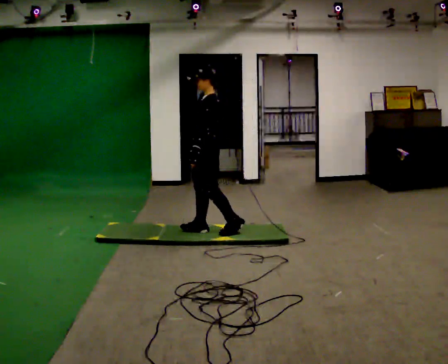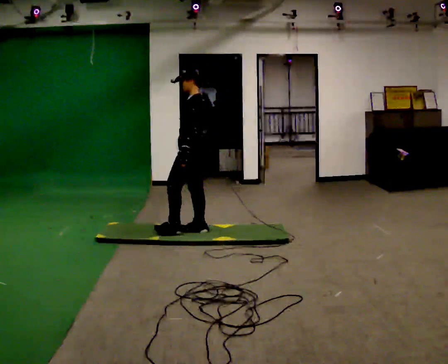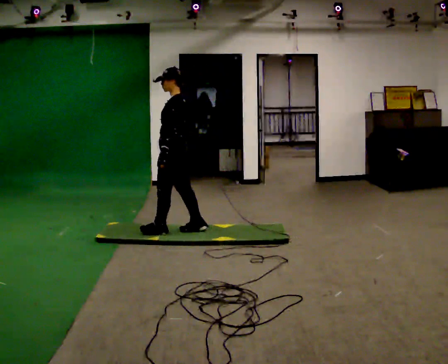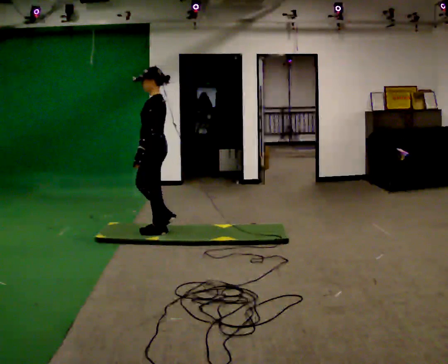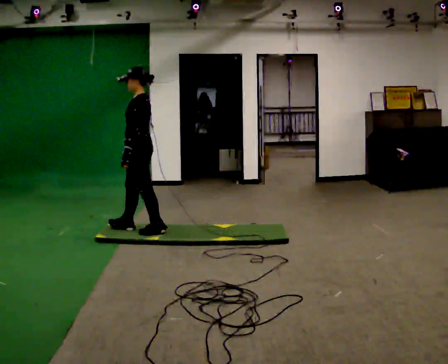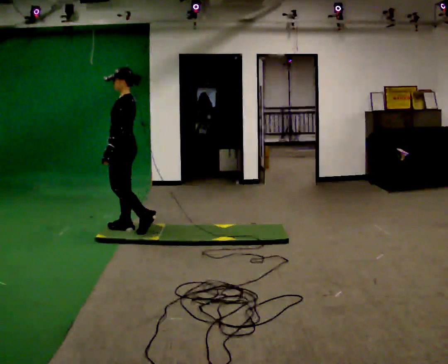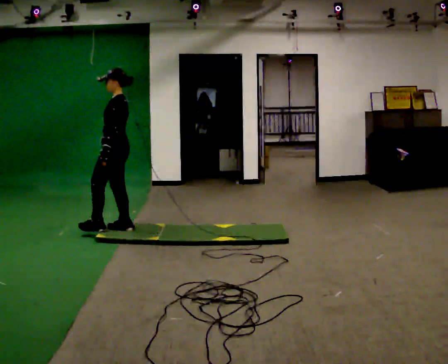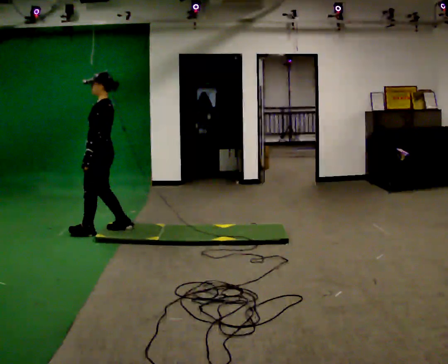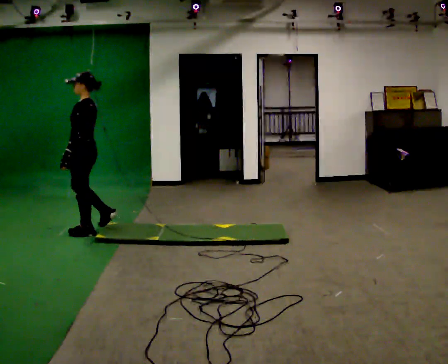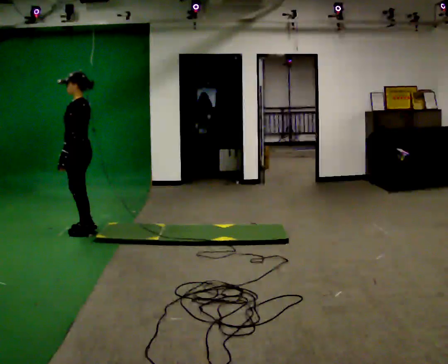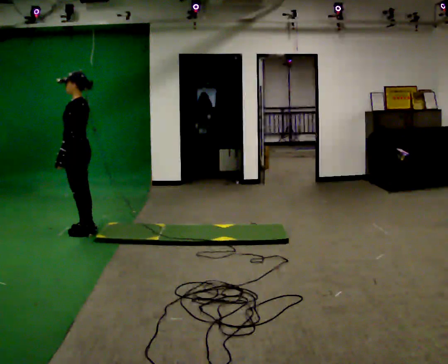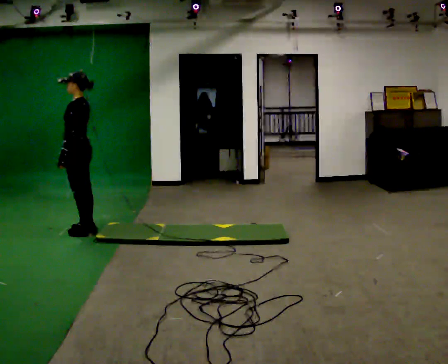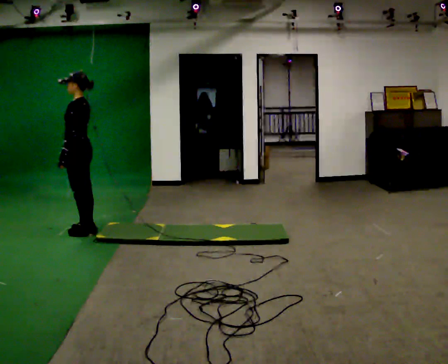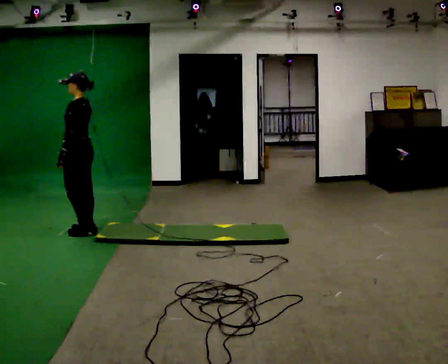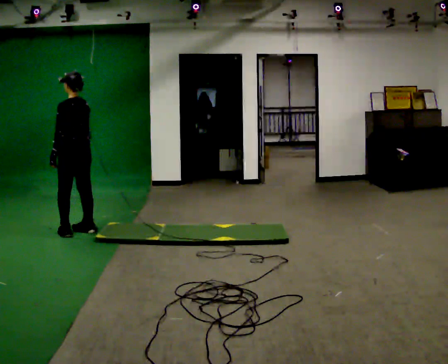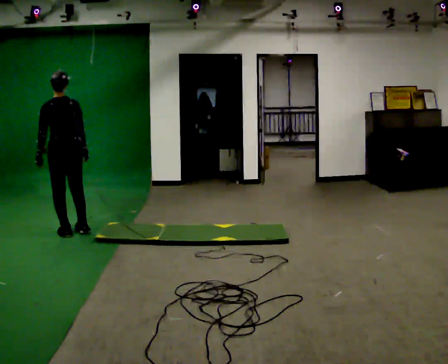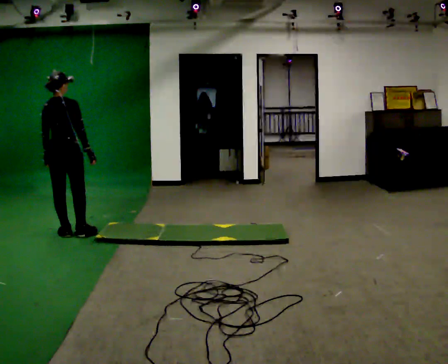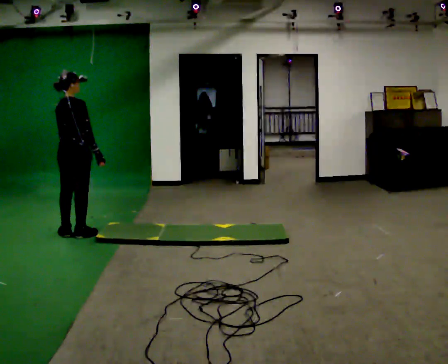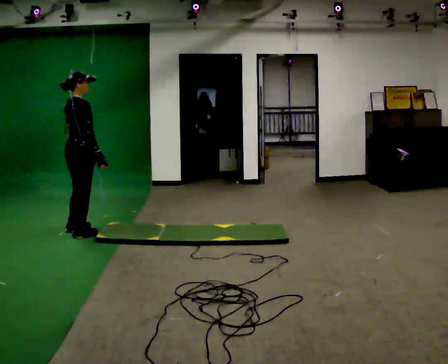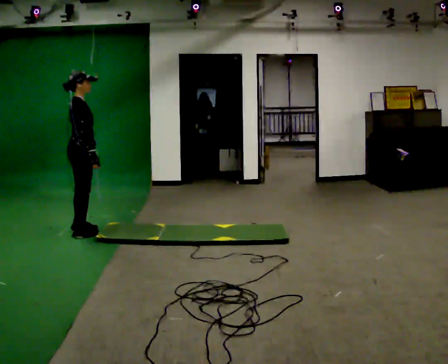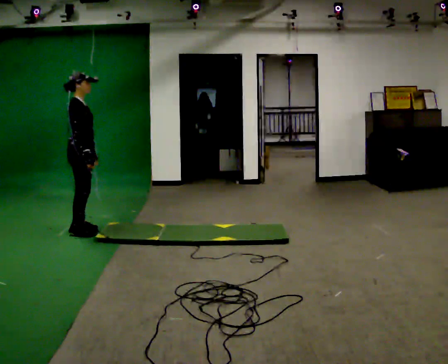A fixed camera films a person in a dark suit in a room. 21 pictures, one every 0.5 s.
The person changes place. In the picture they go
to the left.
The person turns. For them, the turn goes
to their right.
0.0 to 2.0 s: In the picture they go to the left, about 0.5 m in 2 steps, which for them is forward.
2.0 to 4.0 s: In the picture they go to the left, about 0.5 m in 1 step, which for them is forward.
4.0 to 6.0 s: The person moves a little, or ends about where they began.
6.0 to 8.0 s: Seen from above the body turns clockwise, about 105 degrees: to their right, with its near side sliding to the left. In the picture they go toward the camera, about 0.25 m in 1 step.
8.0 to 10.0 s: The part of the body nearest the lens slides to the left as the person turns to their right by about 75 degrees.
The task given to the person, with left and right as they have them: Walk across the soft uneven mat at a comfortable speed; continue walking normally after you leave it.
The film runs forward here.
